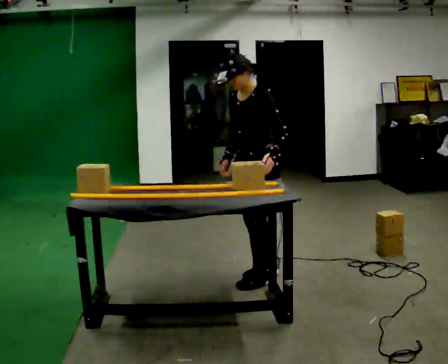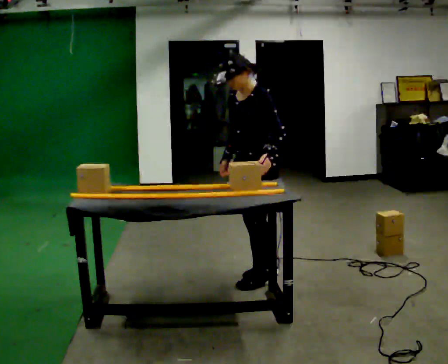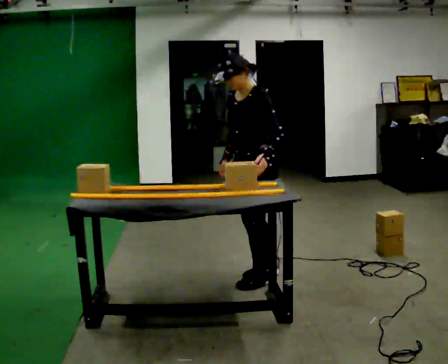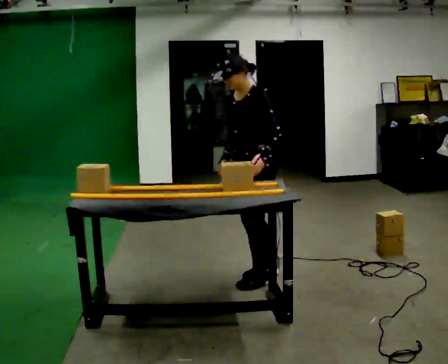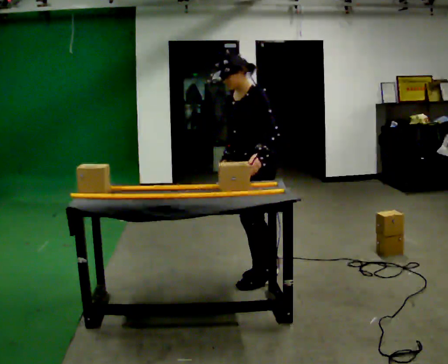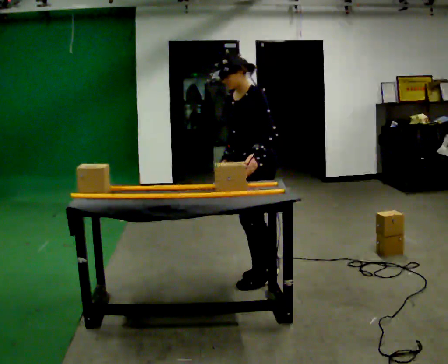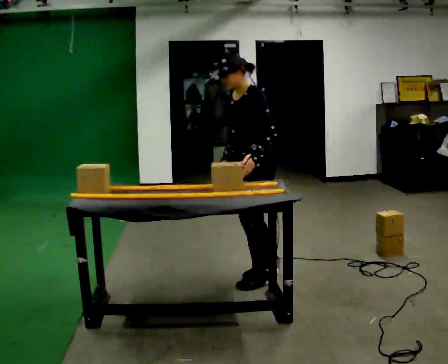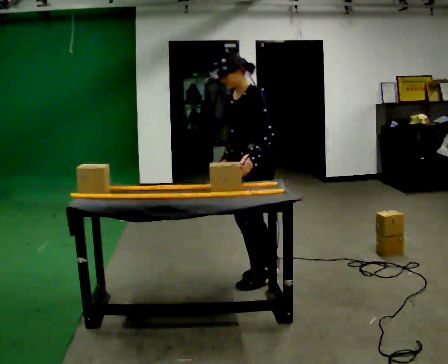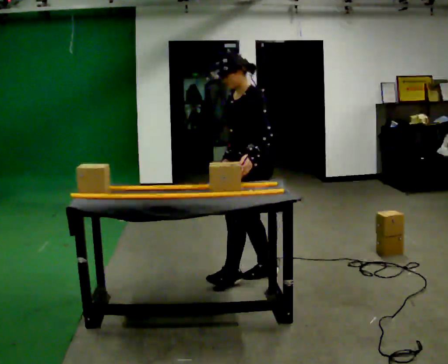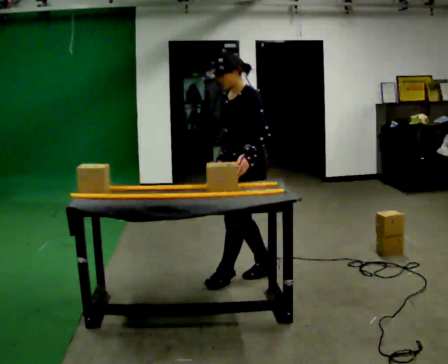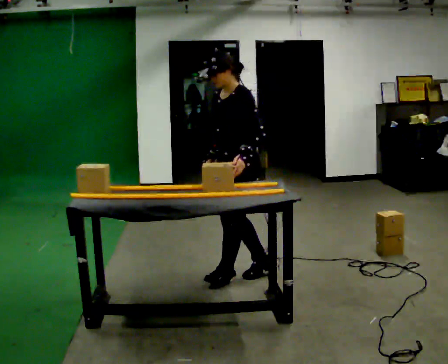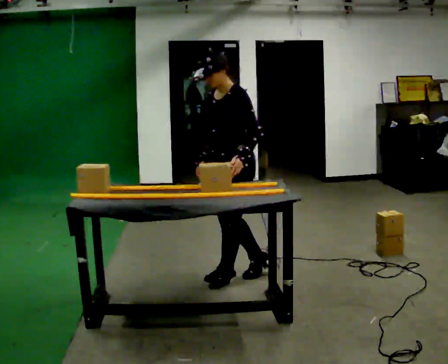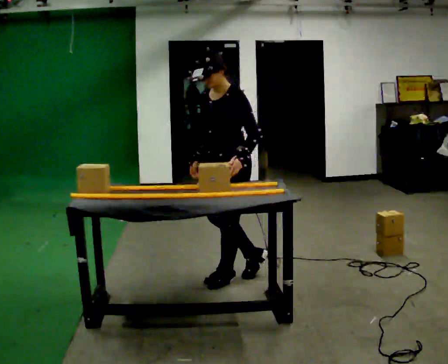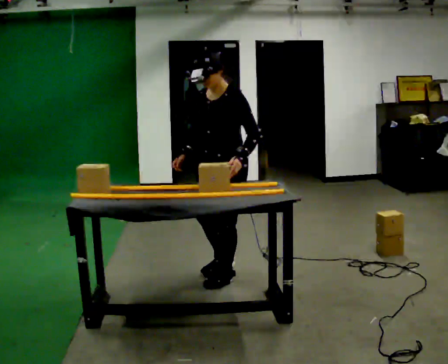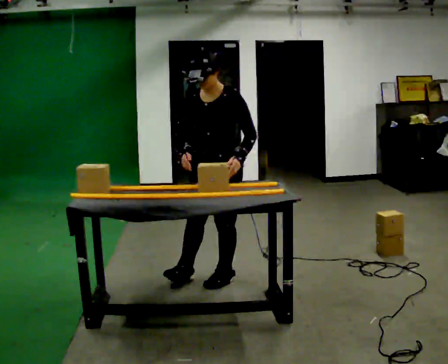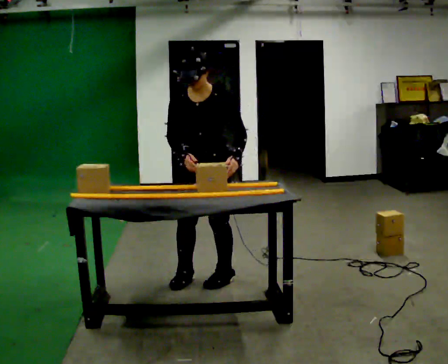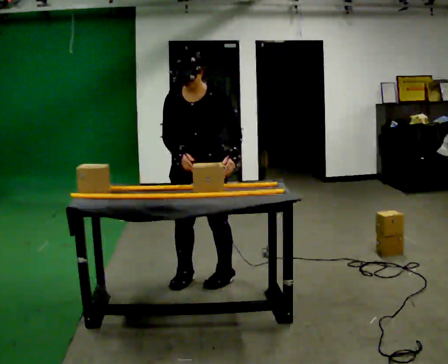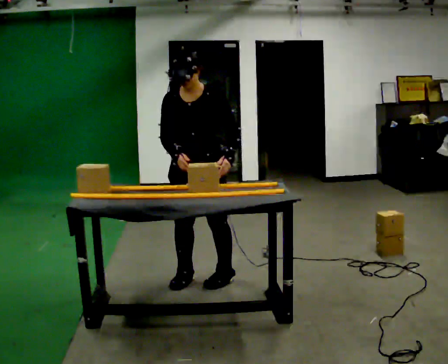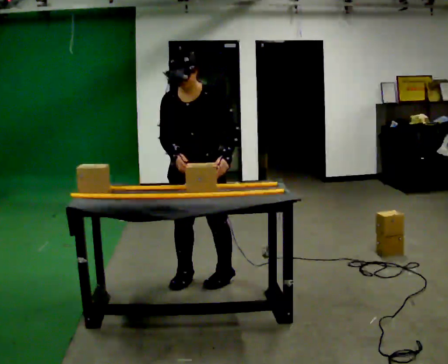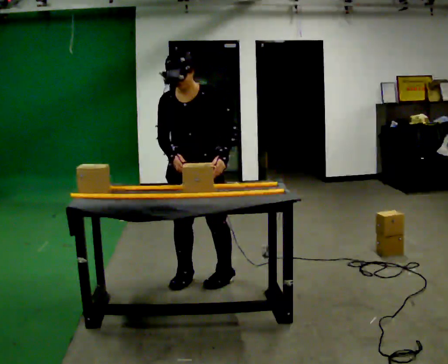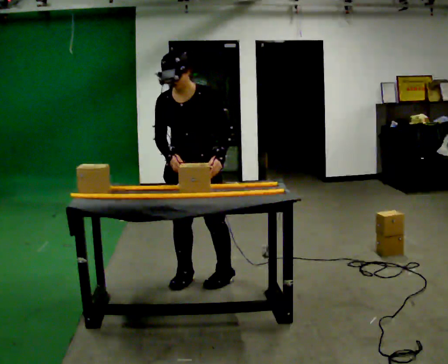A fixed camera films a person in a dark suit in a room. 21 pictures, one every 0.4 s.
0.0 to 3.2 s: The person moves a little, or ends about where they began.
3.2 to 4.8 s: In the picture they go to the left, about 0.25 m in 1 step, which for them is forward.
4.8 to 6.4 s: The person turns about 45 degrees to their left, counterclockwise seen from above, so the part of the body nearest the lens slides to the right. In the picture they go to the left, about 0.25 m in 1 step, which for them is to their right and forward.
6.4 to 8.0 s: The person moves a little, or ends about where they began.
The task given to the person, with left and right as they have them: Slide the object into the slot on the shelf in front of you. It is a close fit, so take the time you need. Repeat at your own pace until the operator says stop. Keep both feet on the marked spots for the whole take. If you have to step, stop and tell the operator.
The film runs forward here.
